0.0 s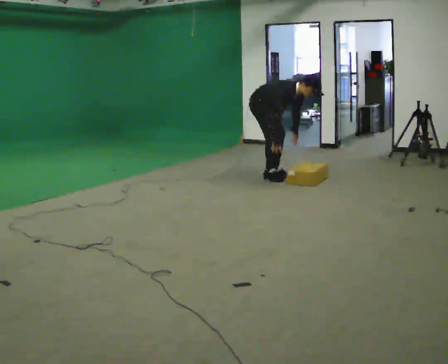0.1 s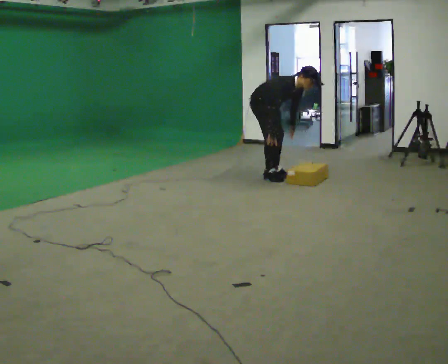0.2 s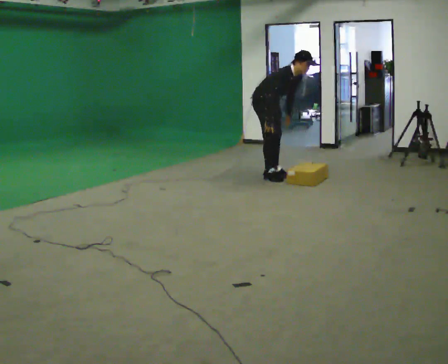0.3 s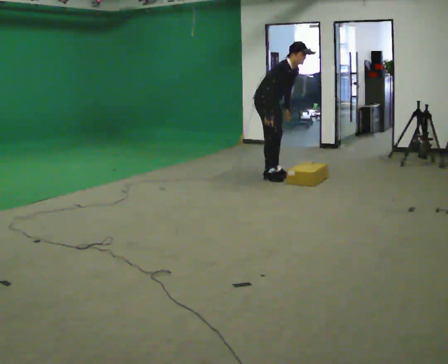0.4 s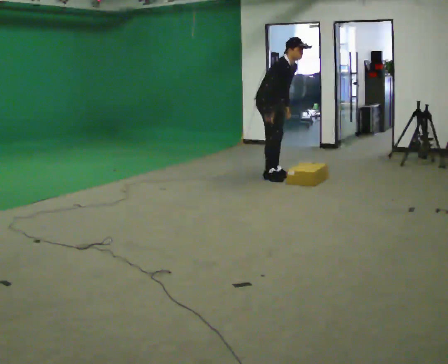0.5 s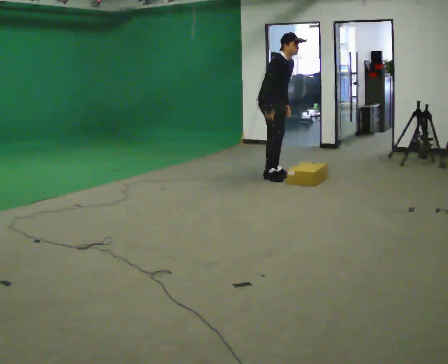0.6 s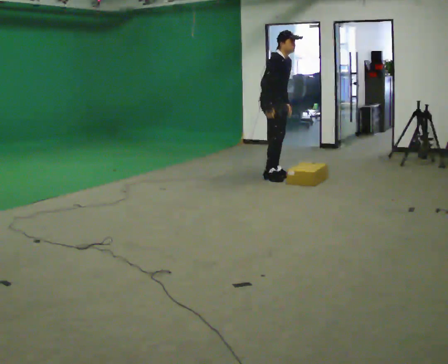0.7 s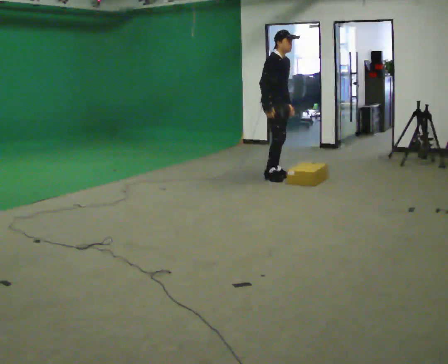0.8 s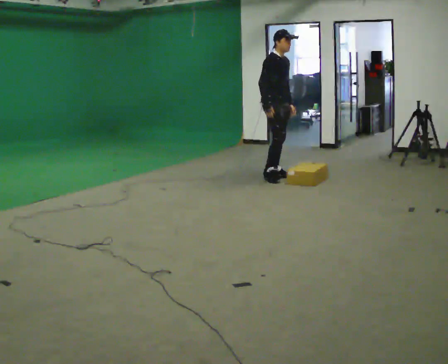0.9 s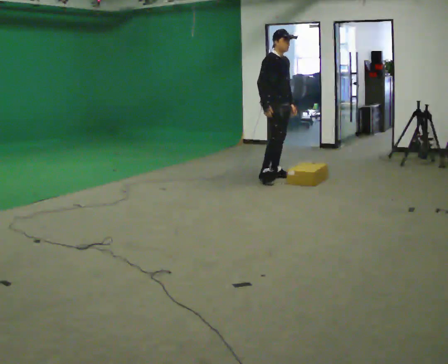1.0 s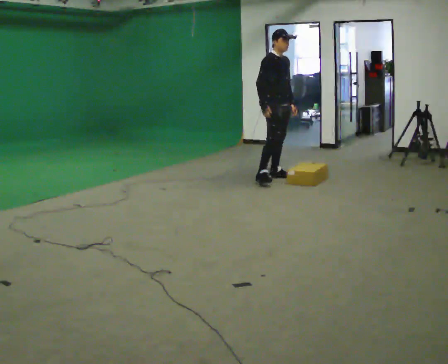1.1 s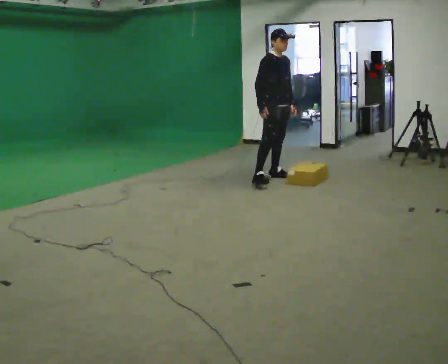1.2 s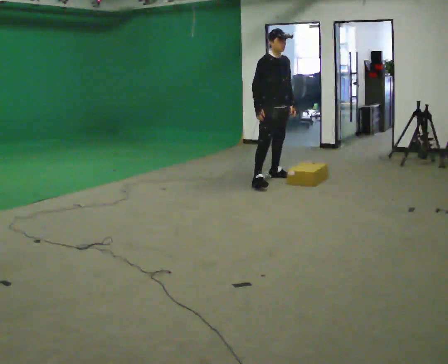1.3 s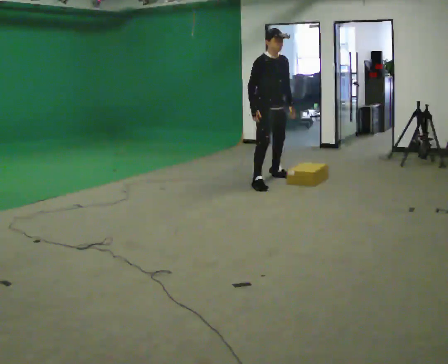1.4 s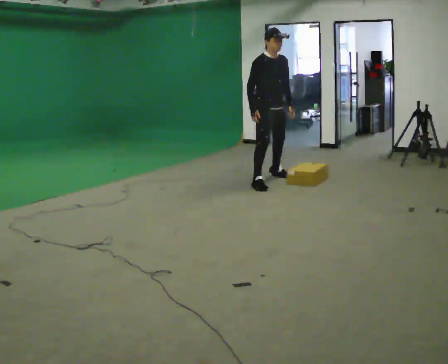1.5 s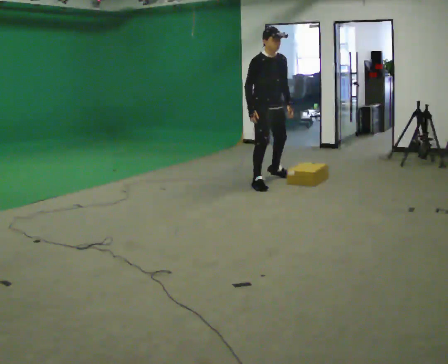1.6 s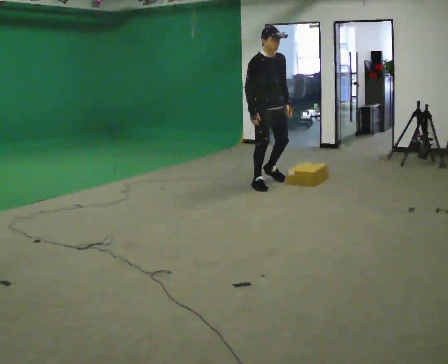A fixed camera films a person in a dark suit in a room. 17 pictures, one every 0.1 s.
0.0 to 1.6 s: In the picture they go toward the camera, about 0.5 m in 1 step, which for them is to their right and forward. The shoulders move upward. In the picture the upper body tilts counterclockwise, shoulders to the left, as they lean back or straighten. In the picture their left hand goes upward.
The film runs forward here.
